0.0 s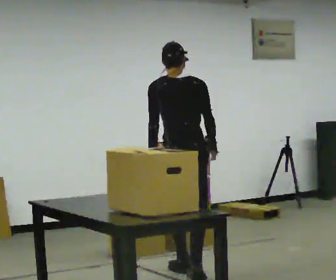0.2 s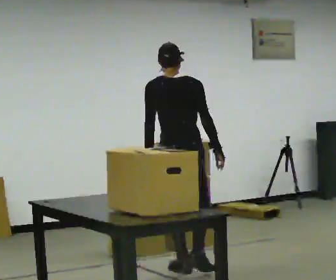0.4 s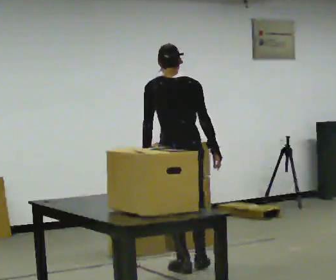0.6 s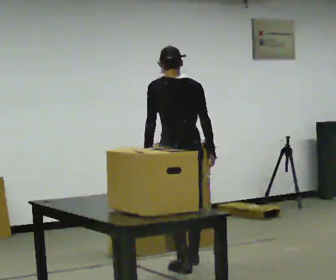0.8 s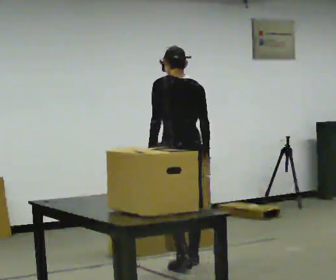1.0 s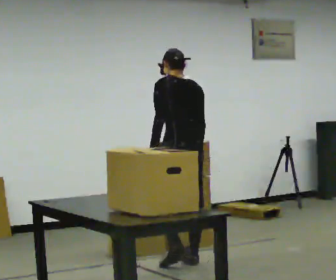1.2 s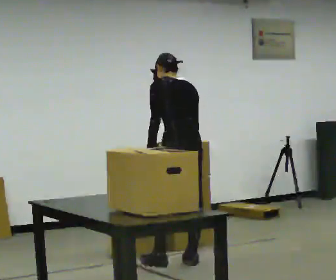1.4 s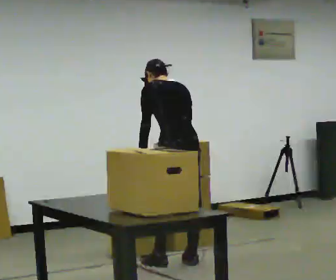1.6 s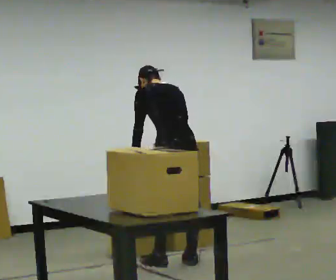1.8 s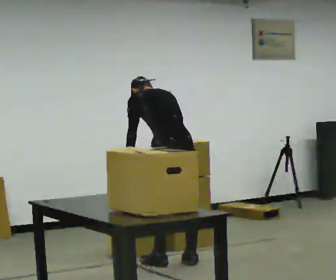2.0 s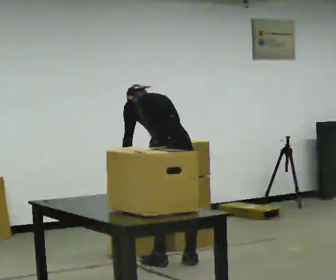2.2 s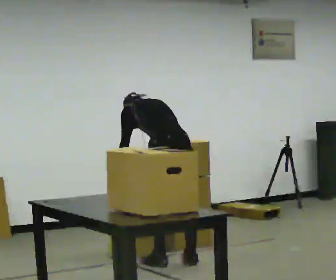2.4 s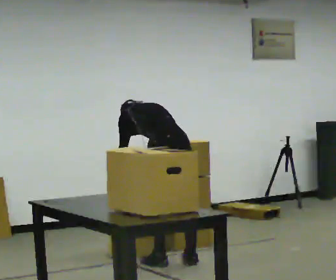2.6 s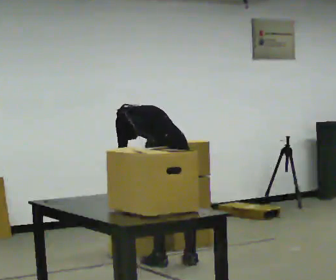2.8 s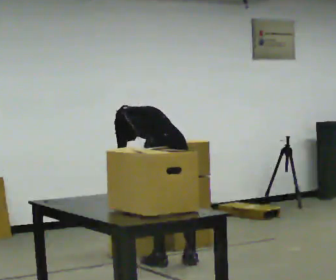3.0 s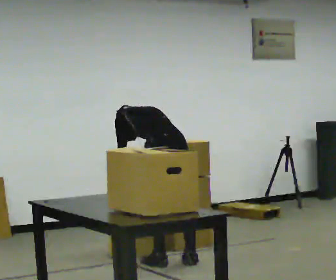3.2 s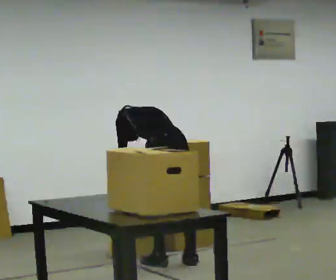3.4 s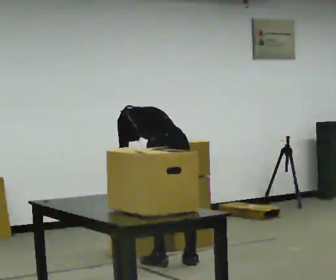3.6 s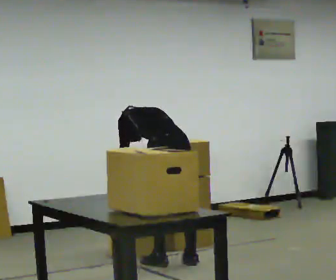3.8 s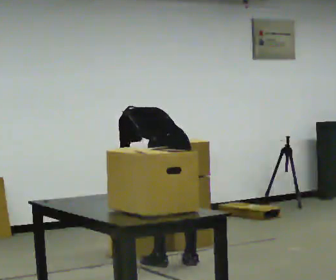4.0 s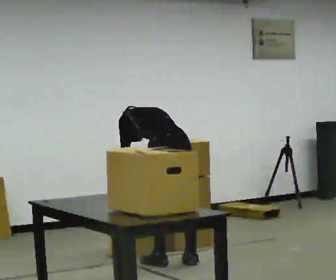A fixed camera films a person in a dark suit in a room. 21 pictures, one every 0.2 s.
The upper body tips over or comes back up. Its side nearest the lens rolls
upward.
0.0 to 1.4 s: The part of the body nearest the lens slides to the right as the person turns to their left by about 30 degrees. In the picture they go away from the camera, about 0.25 m in 2 steps, which for them is forward. The upper body tips away from the camera, its near side rolling upward, as they bend forward.
1.4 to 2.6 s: The shoulders move downward. The upper body tips away from the camera, its near side rolling upward, as they bend forward.
2.6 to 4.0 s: The person moves a little, or ends about where they began.
The film runs forward here.
